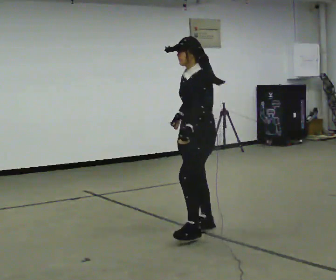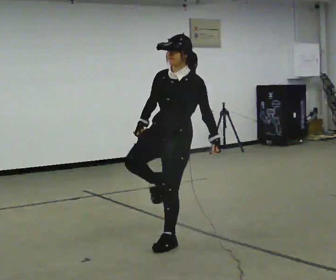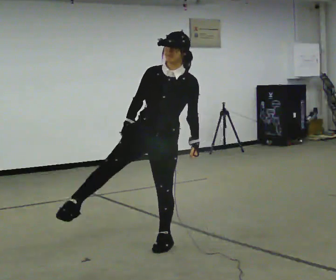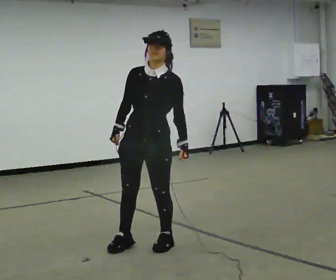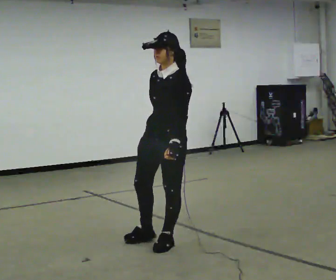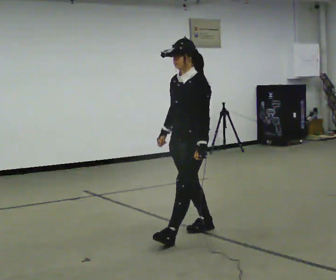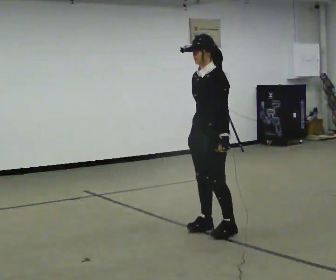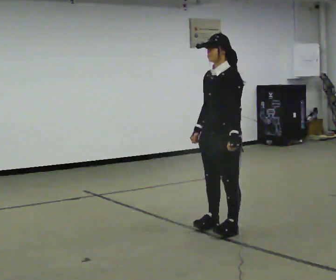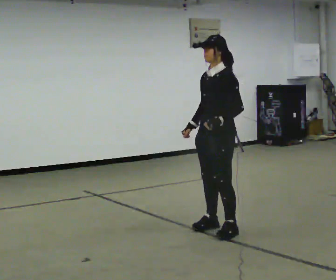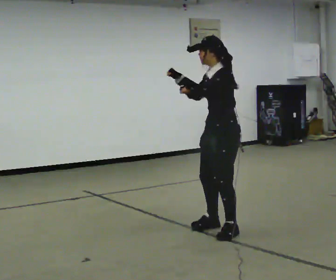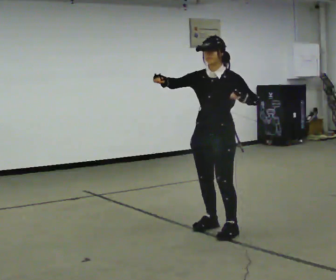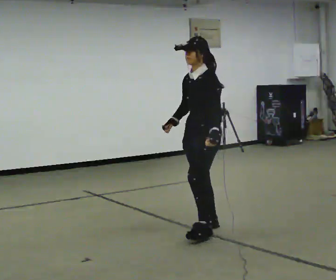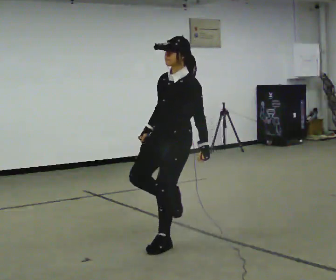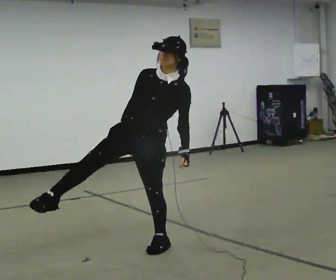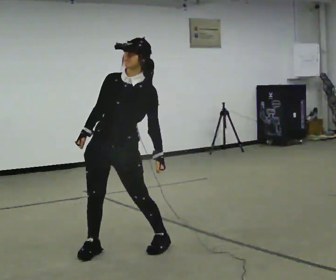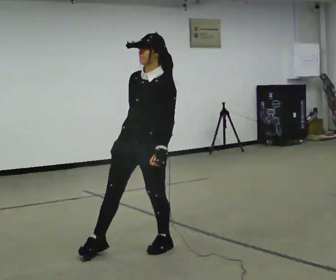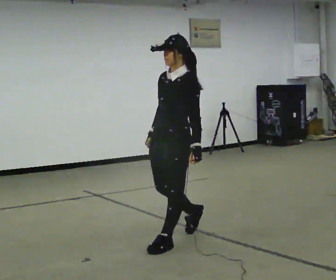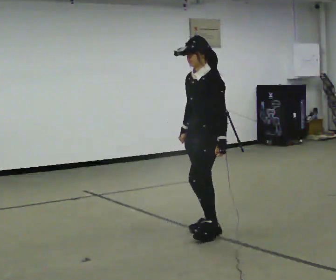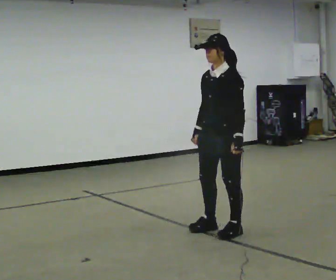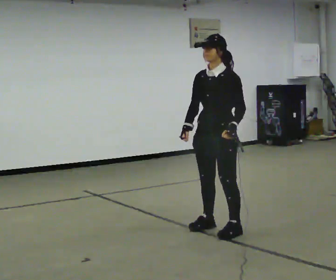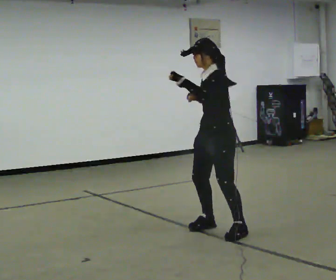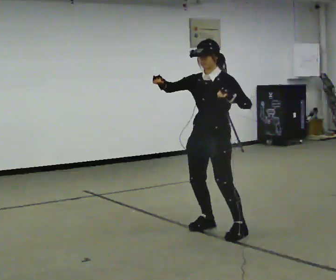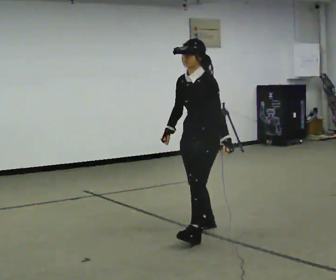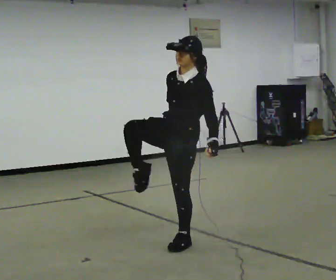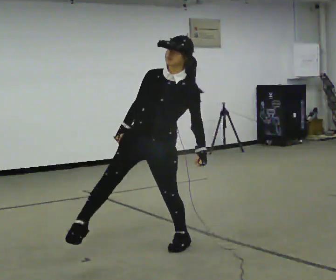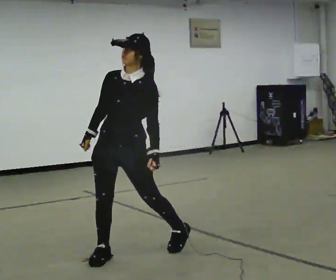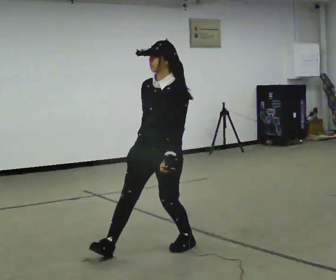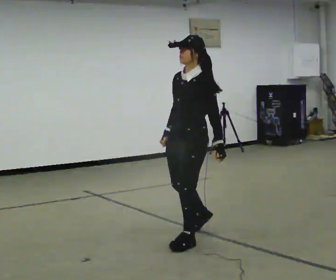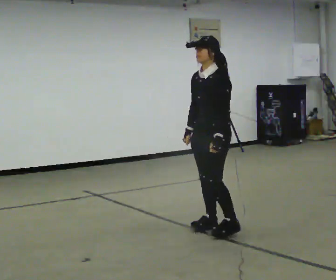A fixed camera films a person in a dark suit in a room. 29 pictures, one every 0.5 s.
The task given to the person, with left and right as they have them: Perform a slow martial arts form (https://youtu.be/ZMi83SPAP1Q?si=p1_31d3YaodeQQZT); kicks should be slow
0.0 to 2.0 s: In the picture they go toward the camera and to the left, about 0.5 m in 2 steps, which for them is forward and to their right.
2.0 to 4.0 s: In the picture they go to the right and away from the camera, about 0.5 m in 2 steps, which for them is backward.
4.0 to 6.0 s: In the picture they go to the left and toward the camera, about 0.5 m in 1 step.
6.0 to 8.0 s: The person moves a little, or ends about where they began.
8.0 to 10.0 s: In the picture they go to the right and away from the camera, about 0.5 m in 2 steps, which for them is backward. In the picture their left hand goes upward.
10.0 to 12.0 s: Seen from above the body turns counterclockwise, about 60 degrees: to their left, with its near side sliding to the right. In the picture they go to the left and toward the camera, about 0.5 m in 1 step, which for them is forward. In the picture their left hand goes downward.
12.0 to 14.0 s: The person turns about 45 degrees to their right, clockwise seen from above, so the part of the body nearest the lens slides to the left. In the picture they go to the right and away from the camera, about 0.5 m in 2 steps, which for them is backward. In the picture the upper body tilts counterclockwise, shoulders to the left.
The film runs forward here.
